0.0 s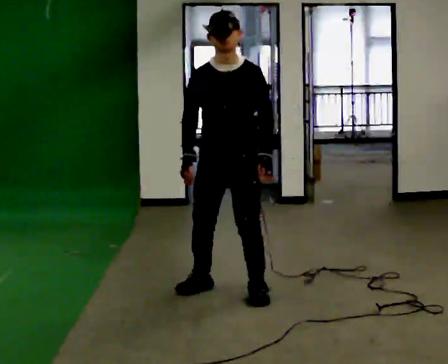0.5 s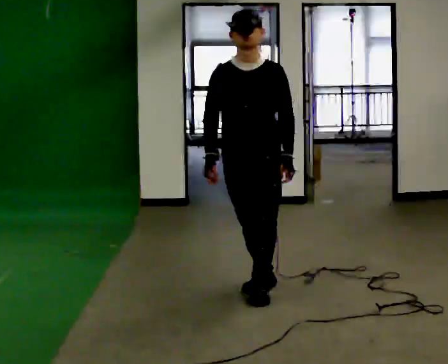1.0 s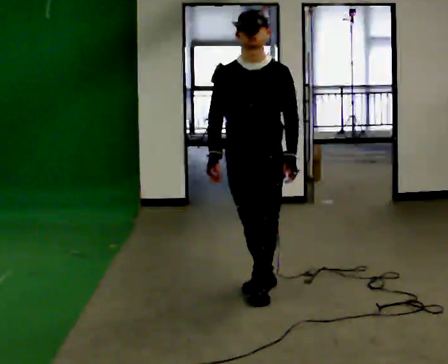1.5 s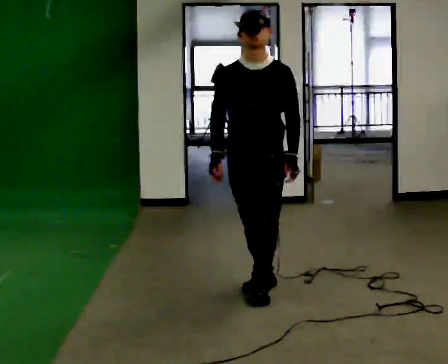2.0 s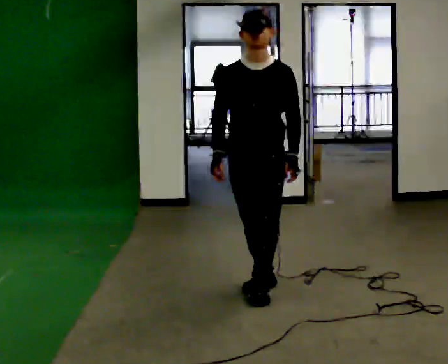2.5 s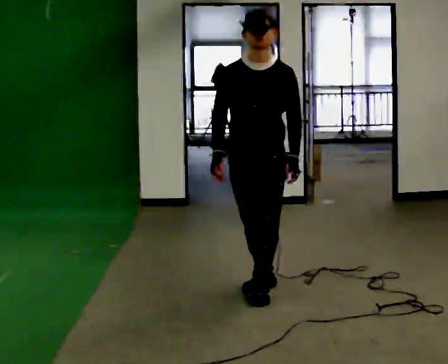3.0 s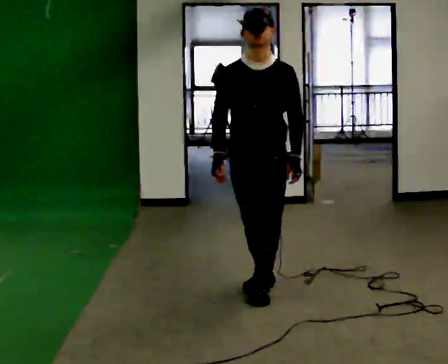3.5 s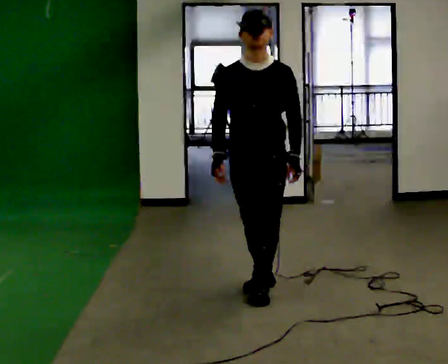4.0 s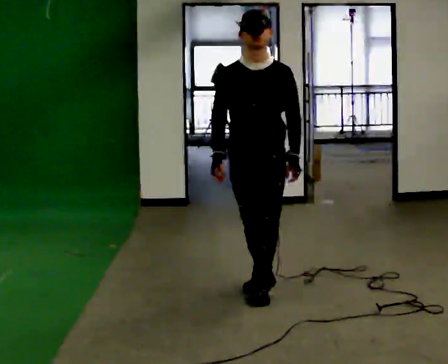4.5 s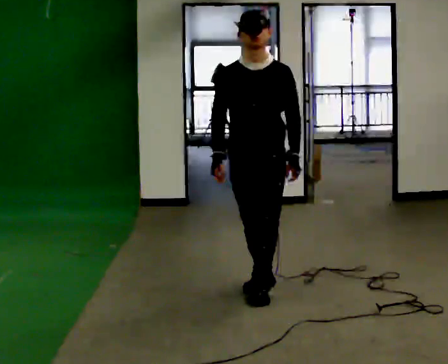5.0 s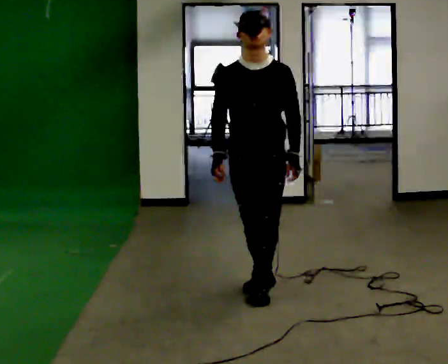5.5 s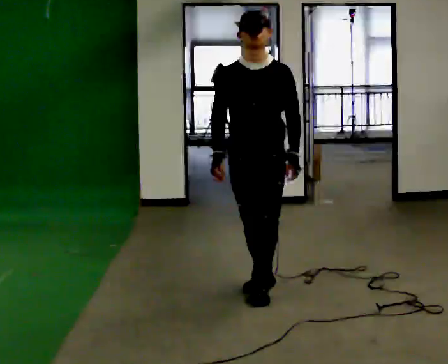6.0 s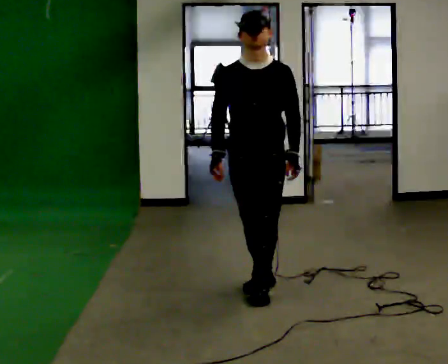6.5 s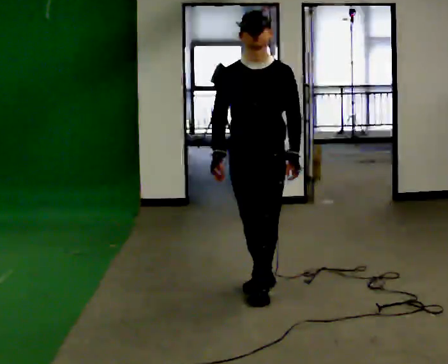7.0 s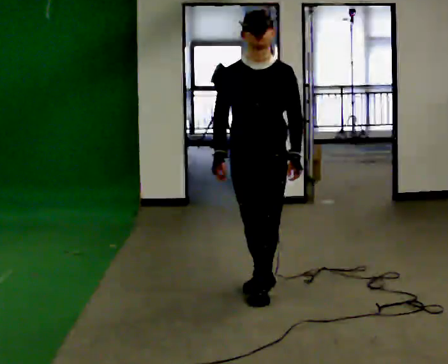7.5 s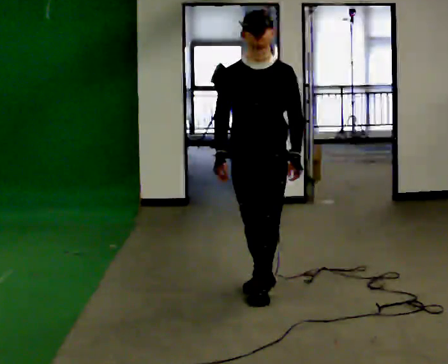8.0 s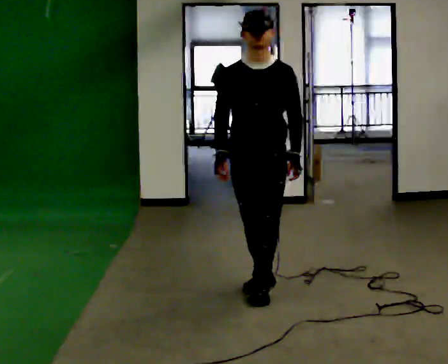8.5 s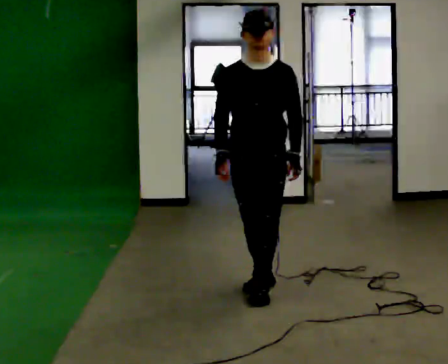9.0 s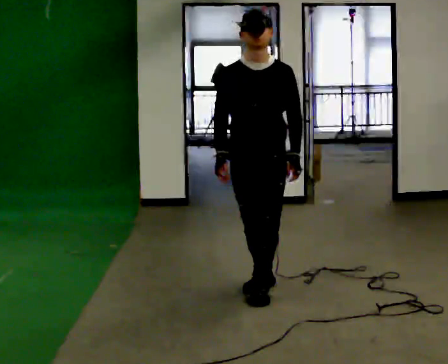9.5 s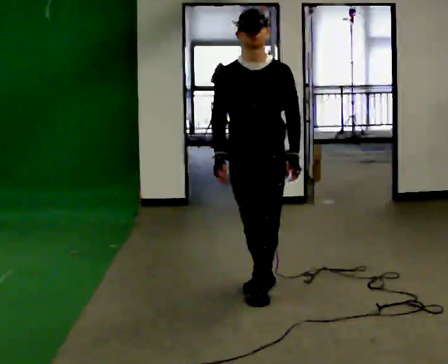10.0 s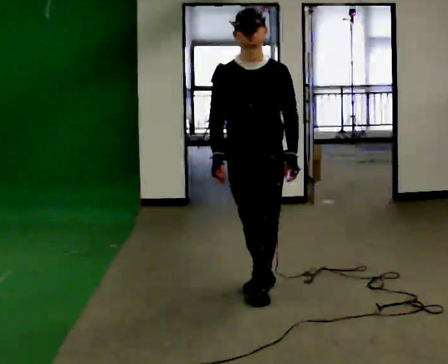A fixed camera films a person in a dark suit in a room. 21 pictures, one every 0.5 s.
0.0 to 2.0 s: In the picture they go to the right, about 0.25 m in 1 step, which for them is to their left.
2.0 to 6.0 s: The person moves a little, or ends about where they began.
6.0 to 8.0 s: The person keeps their place and pose.
8.0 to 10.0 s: The person moves a little, or ends about where they began.
The film runs backward here.
